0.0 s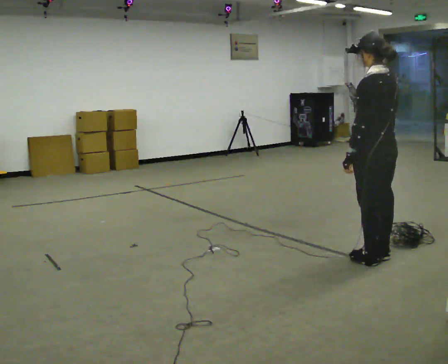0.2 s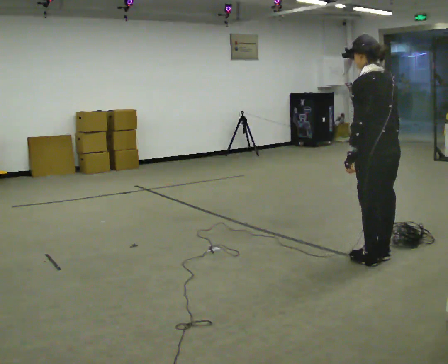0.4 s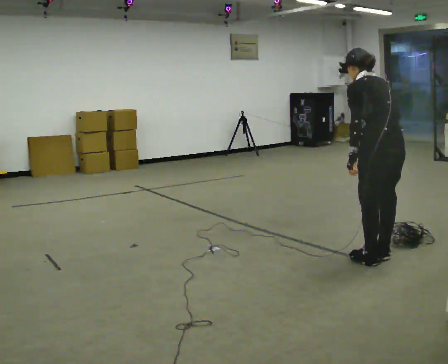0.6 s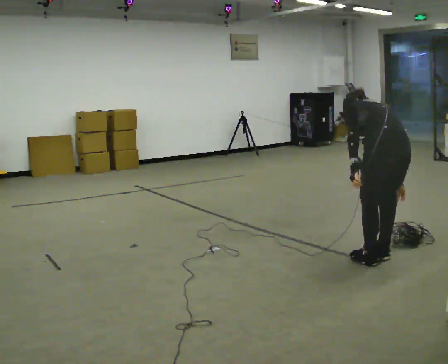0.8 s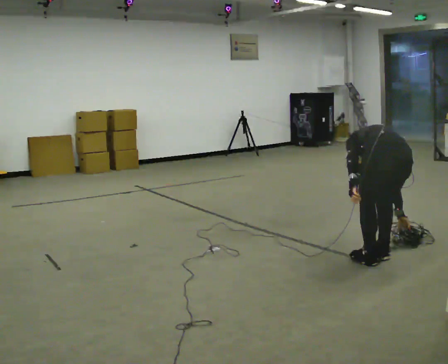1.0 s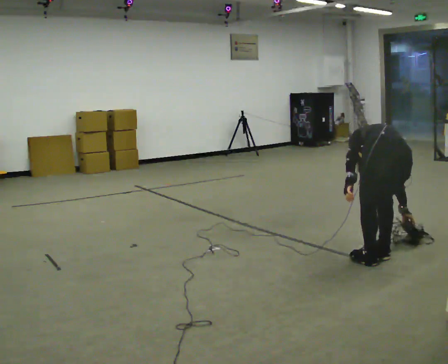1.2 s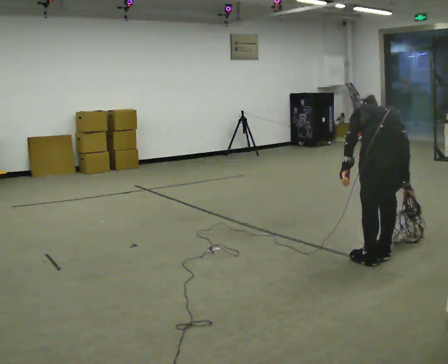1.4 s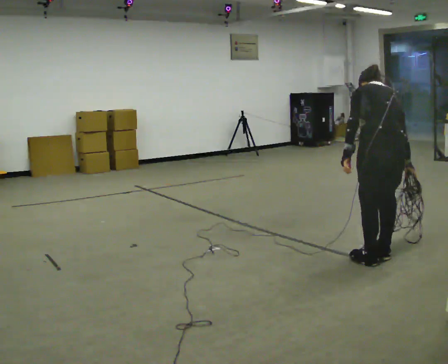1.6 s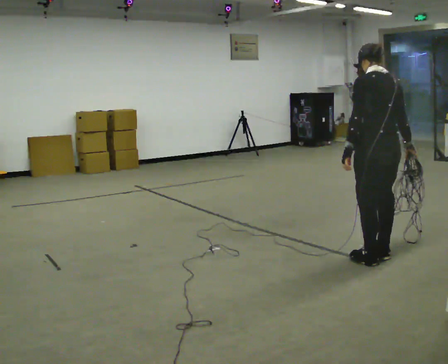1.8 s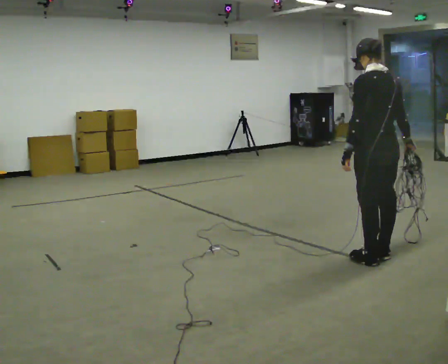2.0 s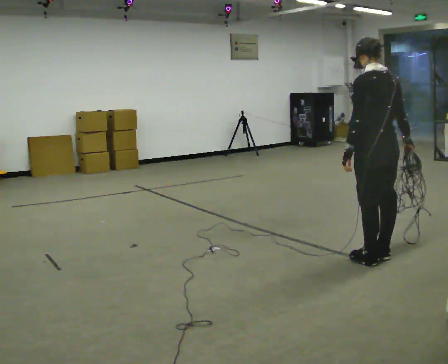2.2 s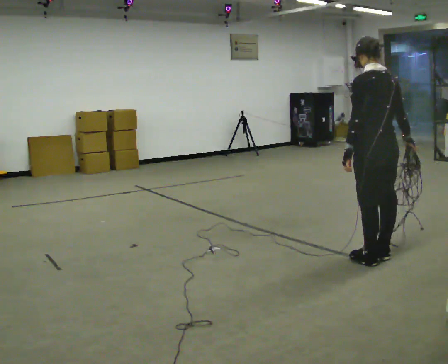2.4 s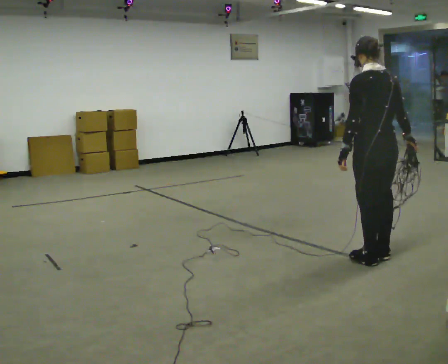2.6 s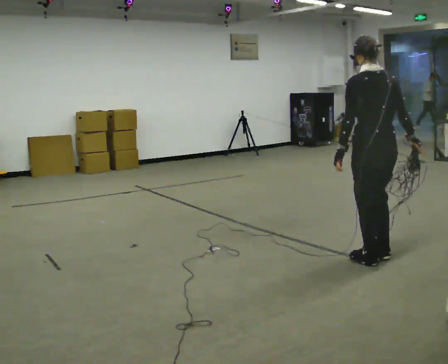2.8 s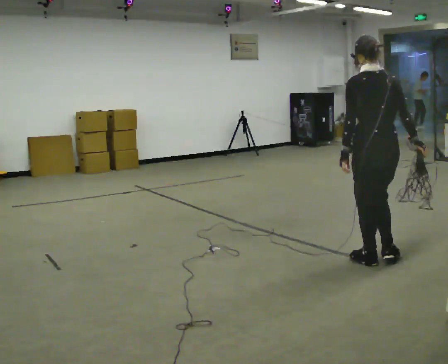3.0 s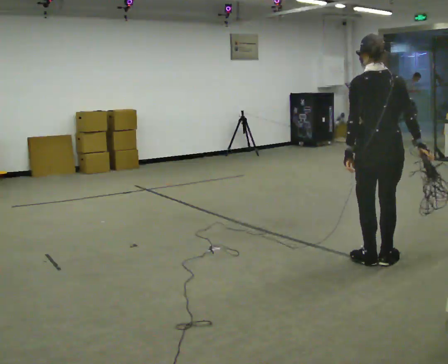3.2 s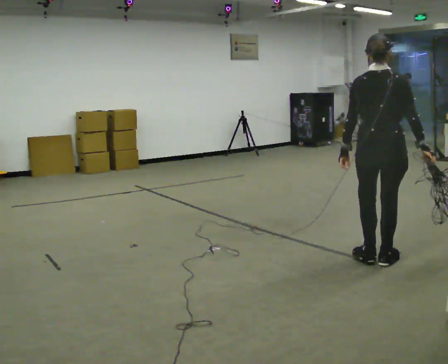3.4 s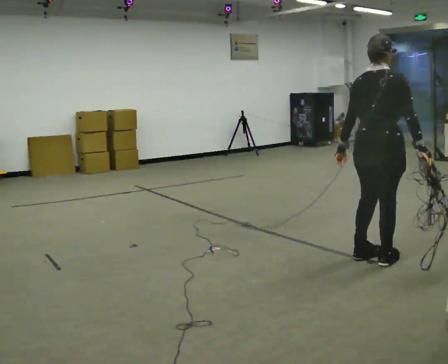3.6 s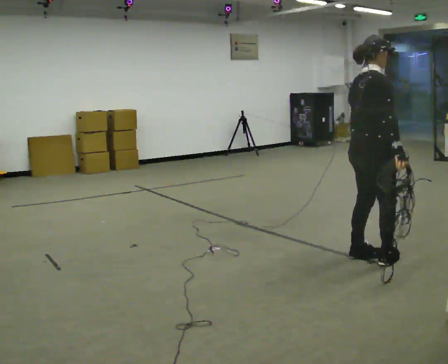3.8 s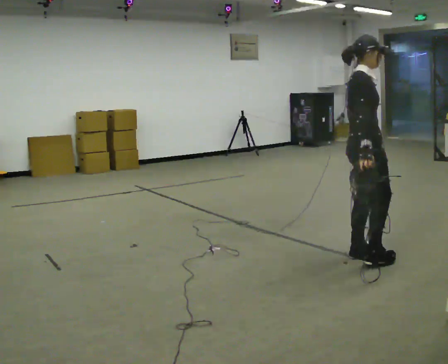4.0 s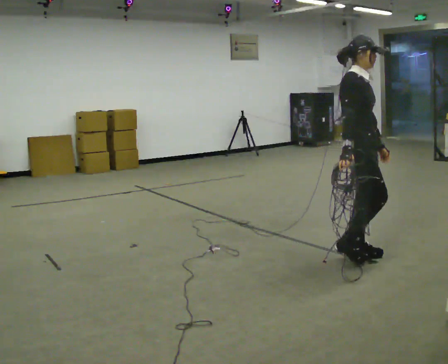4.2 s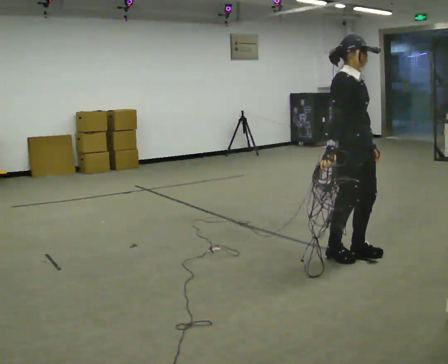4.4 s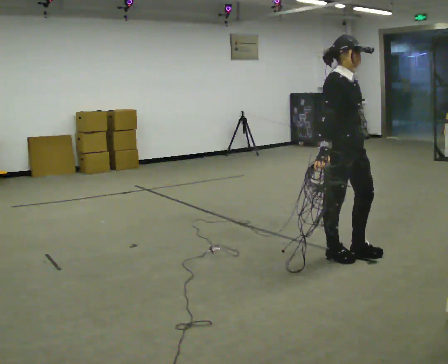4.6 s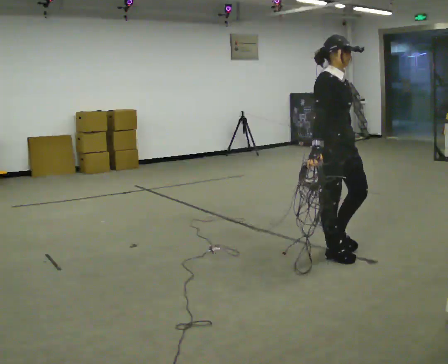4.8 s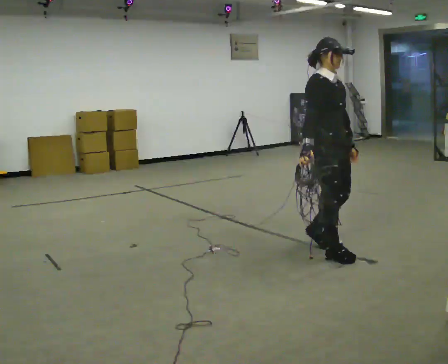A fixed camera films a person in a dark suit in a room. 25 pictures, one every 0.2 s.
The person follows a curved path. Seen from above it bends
clockwise.
0.0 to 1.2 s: The person turns about 30 degrees to their right, clockwise seen from above, so the part of the body nearest the lens slides to the left.
1.2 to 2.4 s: The part of the body nearest the lens slides to the right as the person turns to their left by about 30 degrees. The shoulders move upward. The upper body tips toward the camera, its near side rolling downward, as they lean back or straighten.
2.4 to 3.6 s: Seen from above the body turns clockwise, about 105 degrees: to their right, with its near side sliding to the left.
3.6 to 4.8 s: The part of the body nearest the lens slides to the left as the person turns to their right by about 60 degrees. In the picture they go to the left and away from the camera, about 0.25 m in 2 steps.
The film runs backward here.
